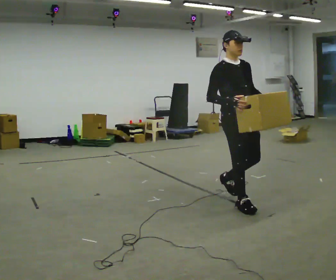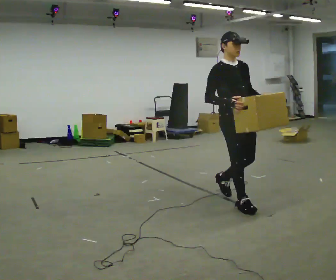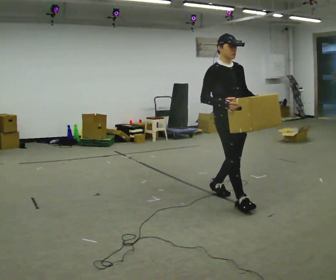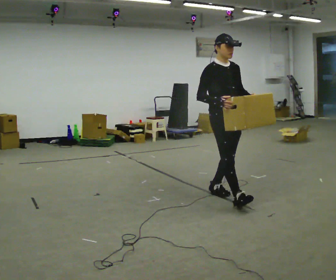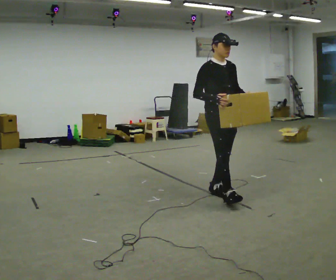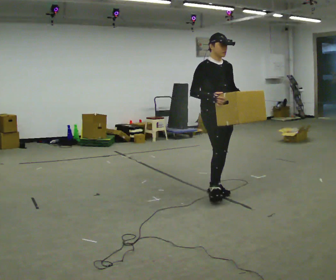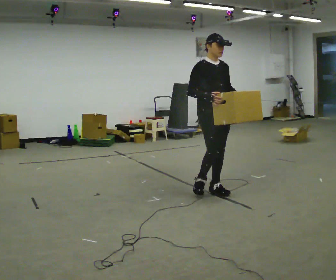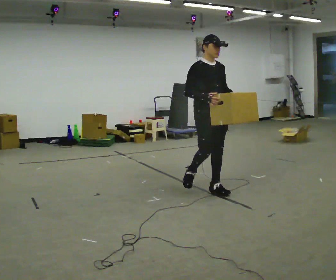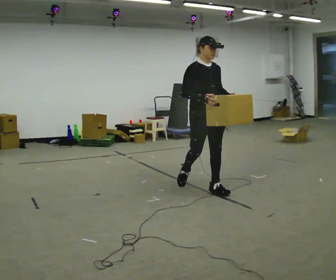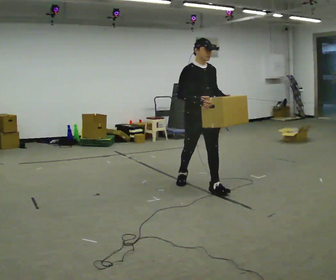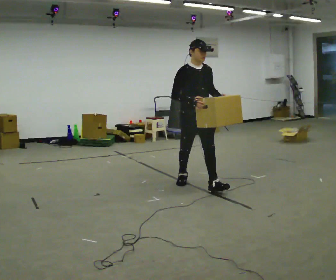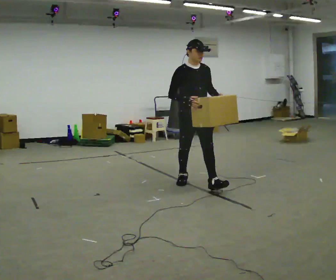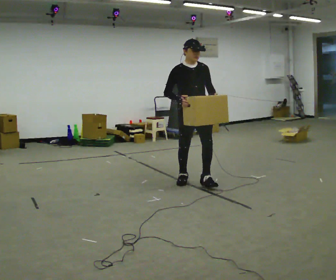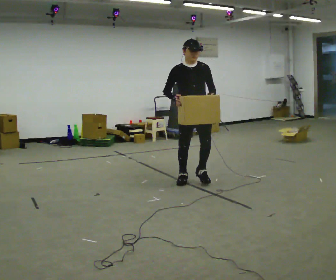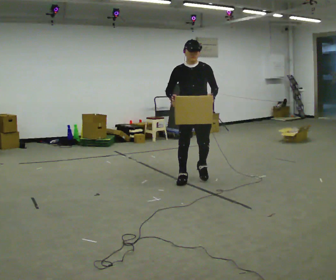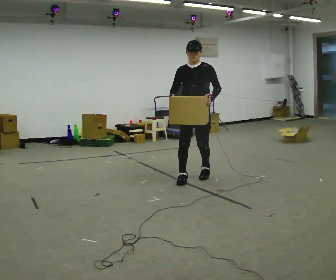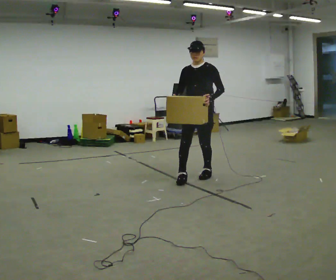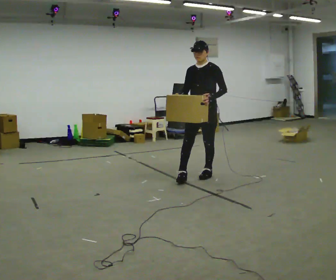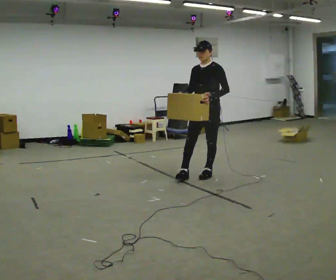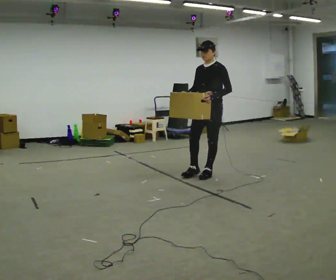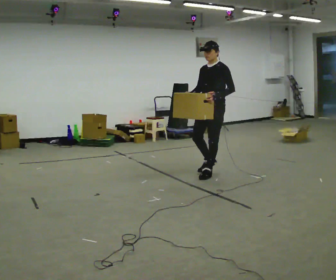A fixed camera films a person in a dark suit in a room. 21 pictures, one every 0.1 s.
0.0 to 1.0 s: In the picture they go away from the camera and to the left, about 1 m in 2 steps, which for them is backward.
1.0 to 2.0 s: The person turns about 75 degrees to their right, clockwise seen from above, so the part of the body nearest the lens slides to the left. In the picture they go away from the camera and to the right, about 0.5 m in 1 step.
The film runs backward here.
